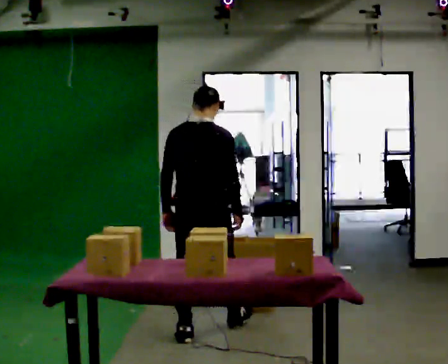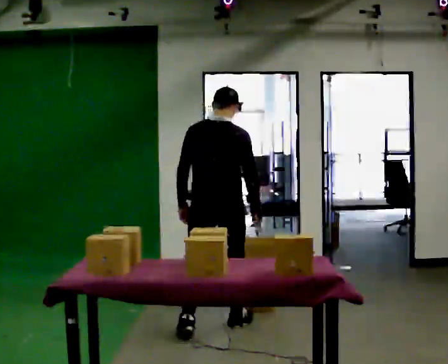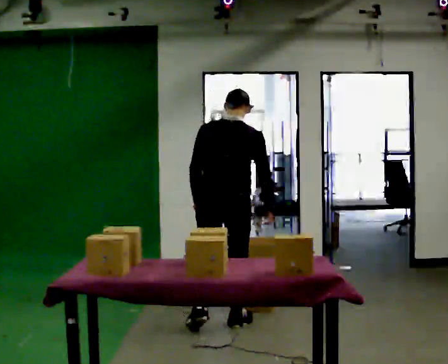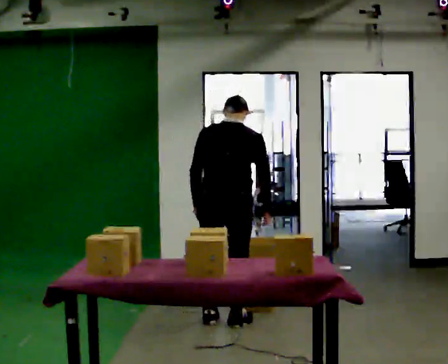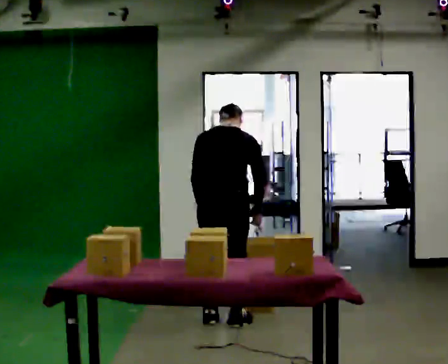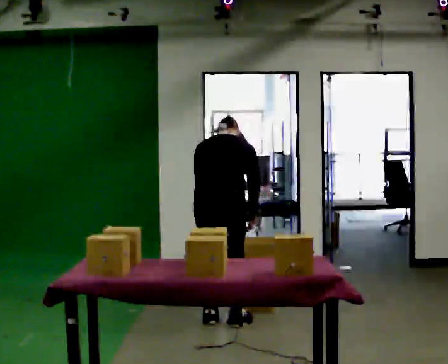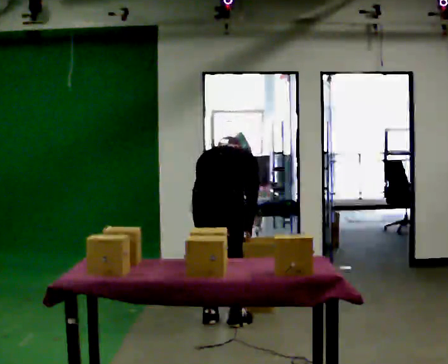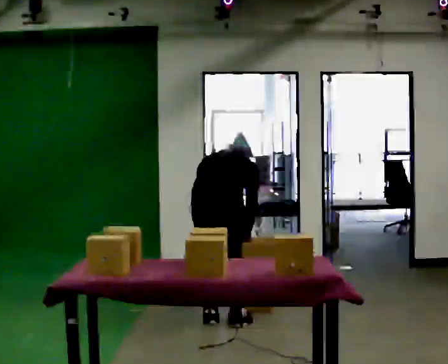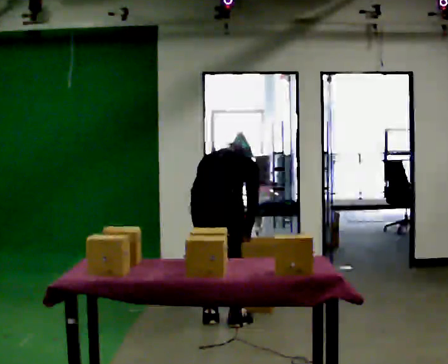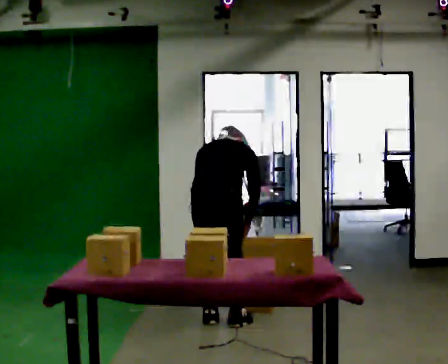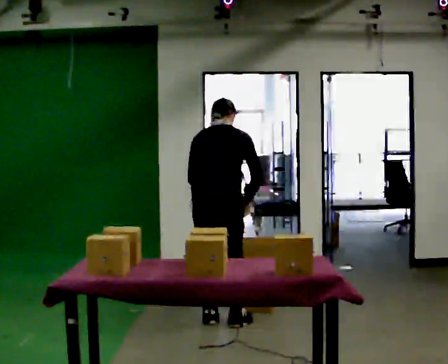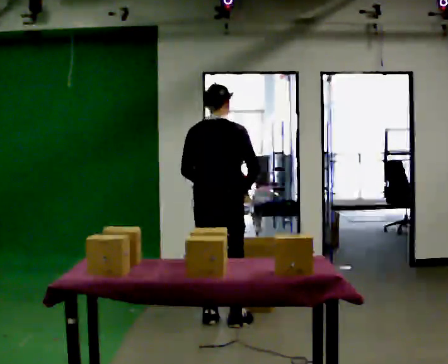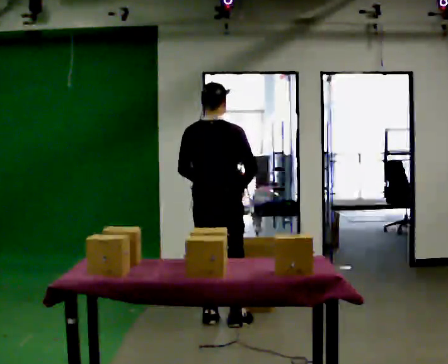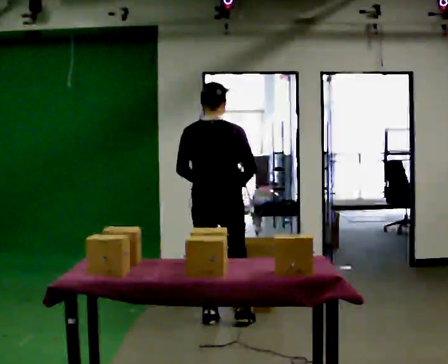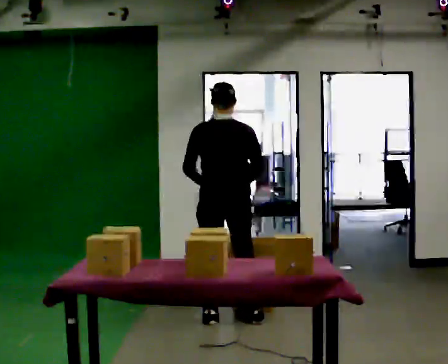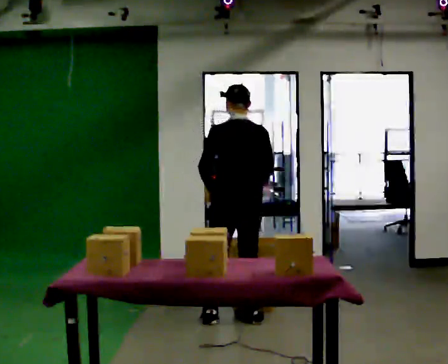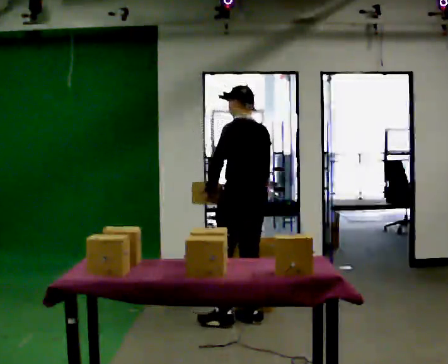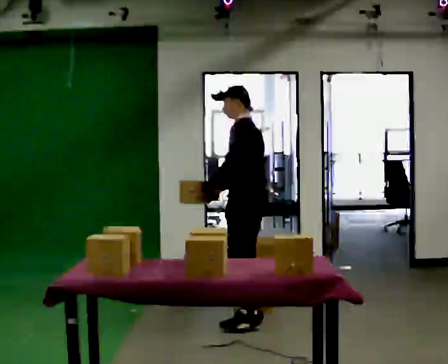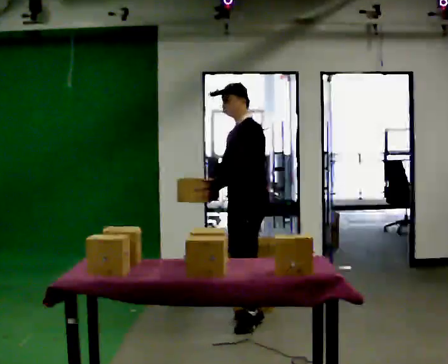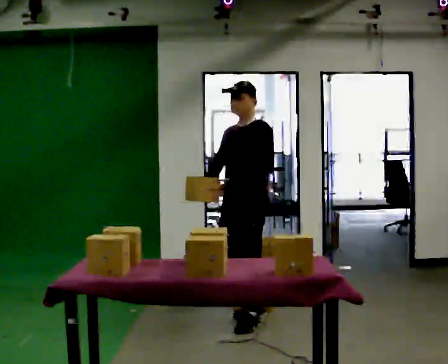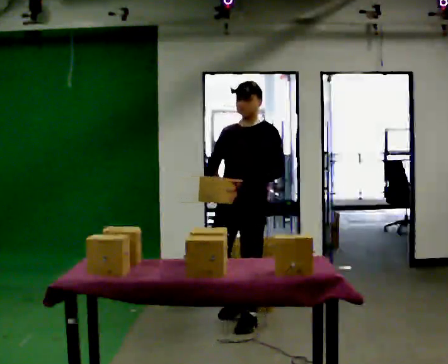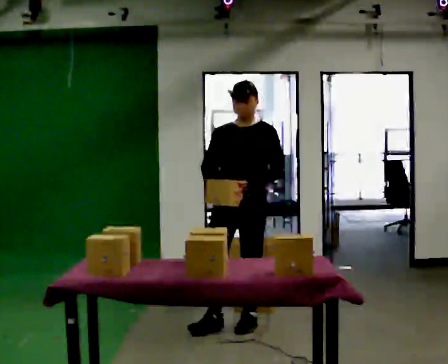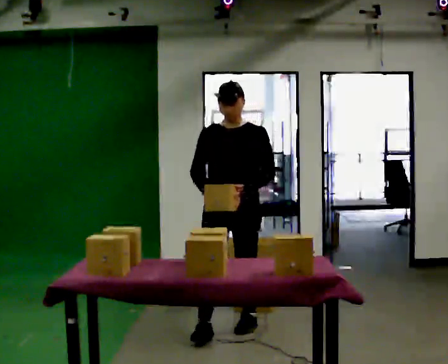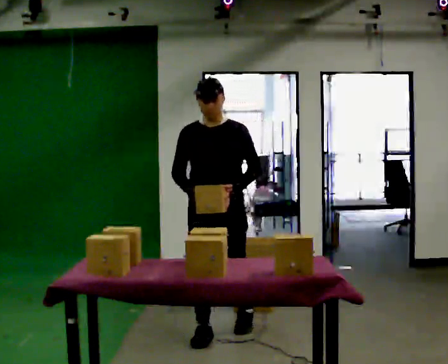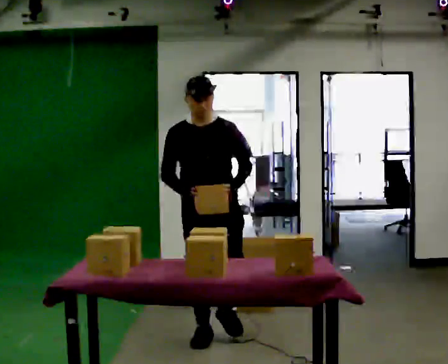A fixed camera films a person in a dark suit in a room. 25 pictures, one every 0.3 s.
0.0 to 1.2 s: In the picture they go away from the camera, about 0.25 m in 1 step, which for them is forward. The upper body tips away from the camera, its near side rolling upward, as they bend forward.
1.2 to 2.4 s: The shoulders move downward. The upper body tips away from the camera, its near side rolling upward, as they bend forward.
2.4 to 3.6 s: In the picture they go away from the camera, about 0.25 m, which for them is forward. The upper body goes upward. The upper body tips toward the camera, its near side rolling downward, as they lean back or straighten. In the picture their left hand goes upward.
3.6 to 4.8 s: The part of the body nearest the lens slides to the right as the person turns to their left by about 60 degrees. In the picture they go to the right, about 0.25 m in 1 step.
4.8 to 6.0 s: The part of the body nearest the lens slides to the right as the person turns to their left by about 105 degrees. In the picture they go toward the camera, about 0.25 m in 1 step.
6.0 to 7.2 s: Seen from above the body turns counterclockwise, about 30 degrees: to their left, with its near side sliding to the right. In the picture they go toward the camera and to the left, about 0.5 m in 1 step, which for them is forward.
The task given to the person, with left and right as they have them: Take the objects the operator names off the crowded shelf, one at a time, and carry each one to the table. You will have to move other things out of the way to reach them. Keep going until the operator says stop; one object at a time, and do not rush between trips.
The film runs forward here.
